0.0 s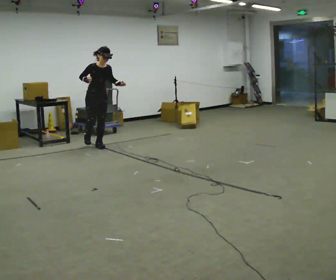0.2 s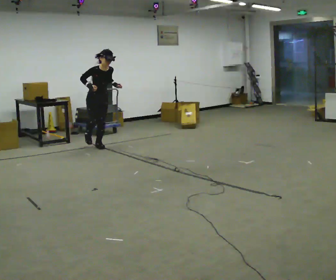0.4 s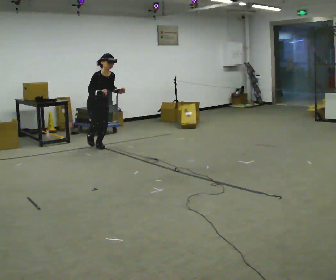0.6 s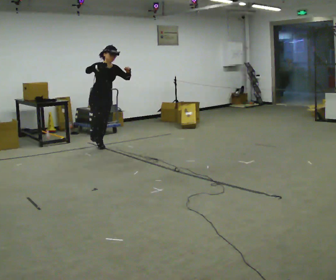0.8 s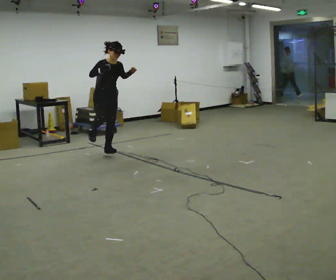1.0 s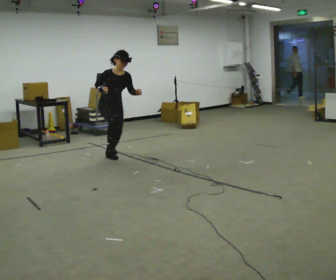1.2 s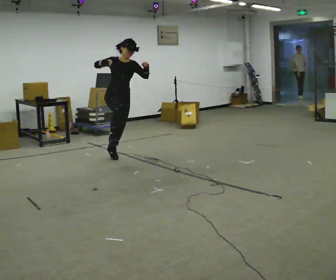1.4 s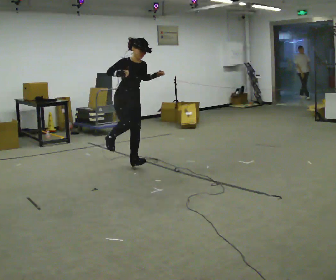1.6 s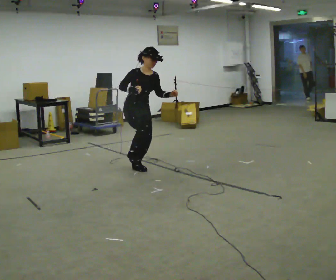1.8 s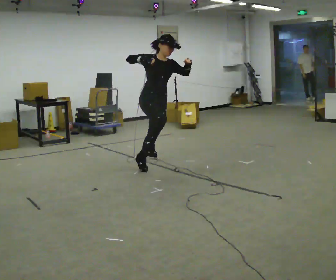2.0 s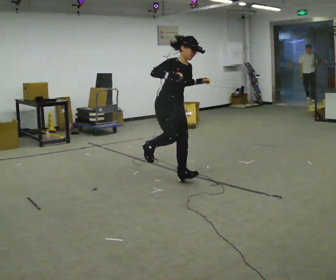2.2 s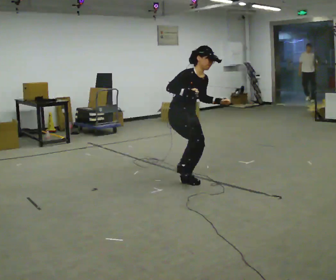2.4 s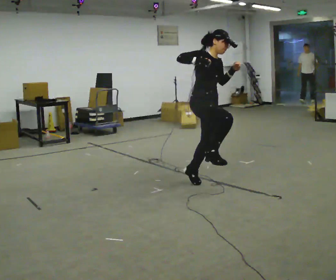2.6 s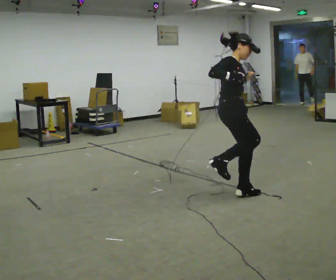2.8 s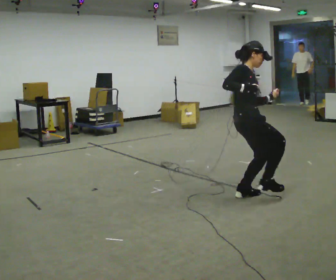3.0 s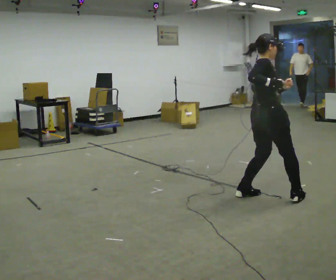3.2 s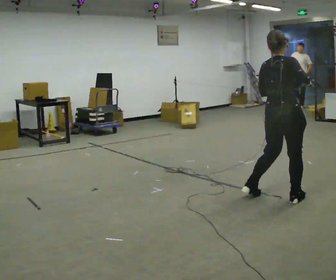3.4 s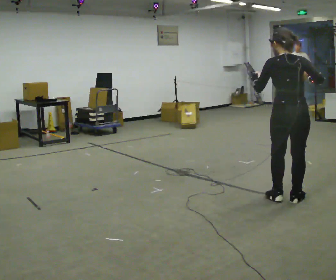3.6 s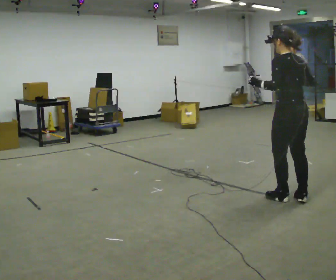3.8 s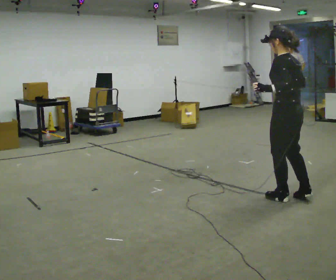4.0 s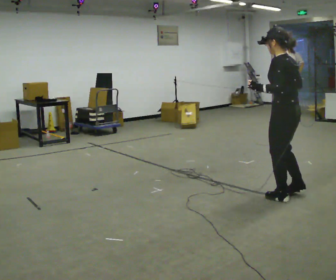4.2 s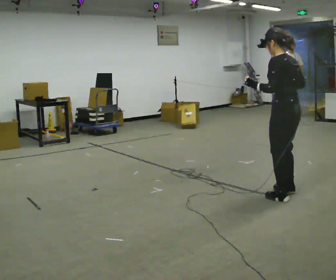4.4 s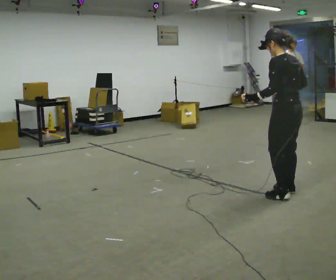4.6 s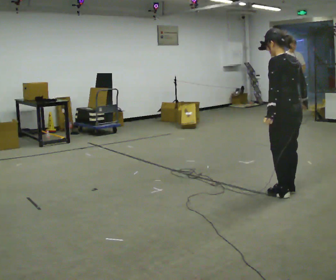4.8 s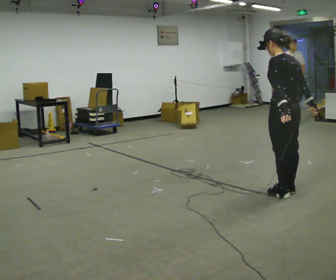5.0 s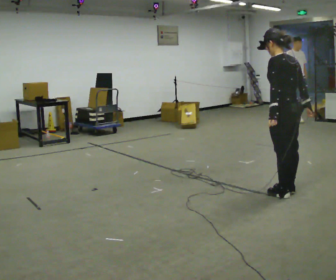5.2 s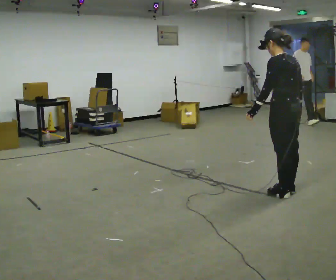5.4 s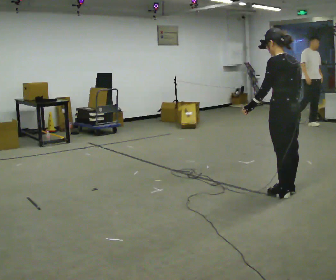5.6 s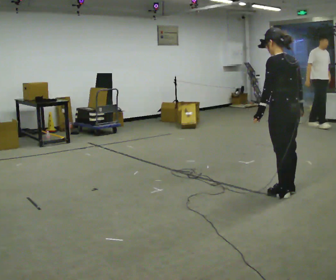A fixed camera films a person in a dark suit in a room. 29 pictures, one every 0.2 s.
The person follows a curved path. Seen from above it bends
counterclockwise.
0.0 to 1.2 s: In the picture they go toward the camera and to the right, about 1 m in 1 step, which for them is forward.
1.2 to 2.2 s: In the picture they go to the right and toward the camera, about 1.5 m in 4 steps, which for them is forward. In the picture their left hand goes downward.
2.2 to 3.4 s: The part of the body nearest the lens slides to the right as the person turns to their left by about 120 degrees. In the picture they go to the right and toward the camera, about 1 m in 2 steps. In the picture the upper body tilts counterclockwise, shoulders to the left.
3.4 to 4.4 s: The person turns about 45 degrees to their left, counterclockwise seen from above, so the part of the body nearest the lens slides to the right. In the picture they go away from the camera, about 0.25 m in 2 steps, which for them is to their right.
4.4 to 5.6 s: The person moves a little, or ends about where they began.
The film runs forward here.
